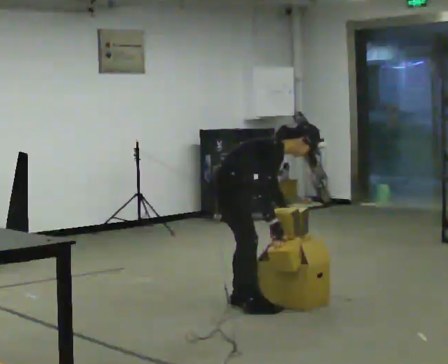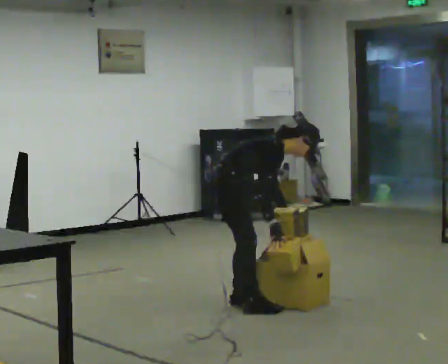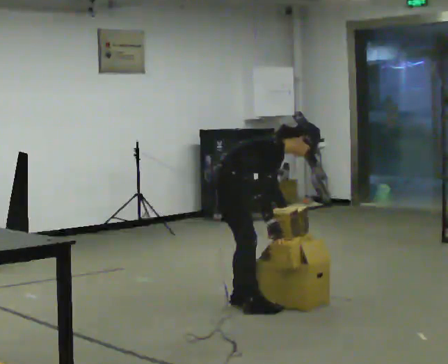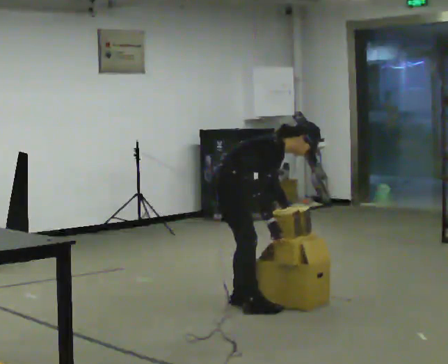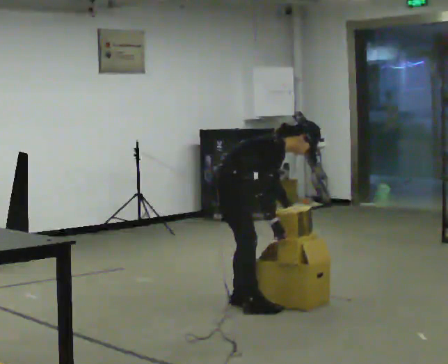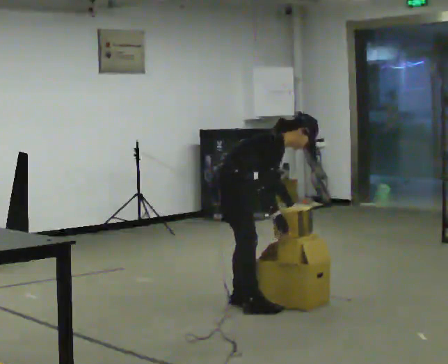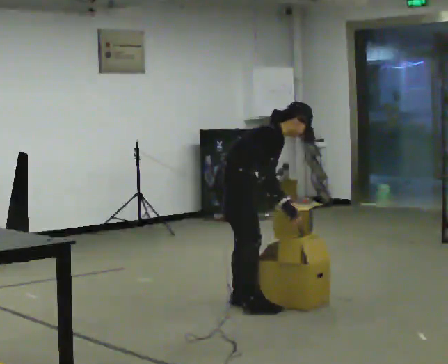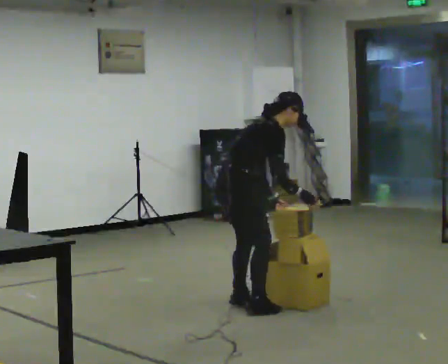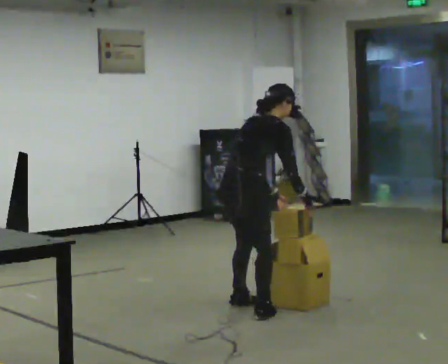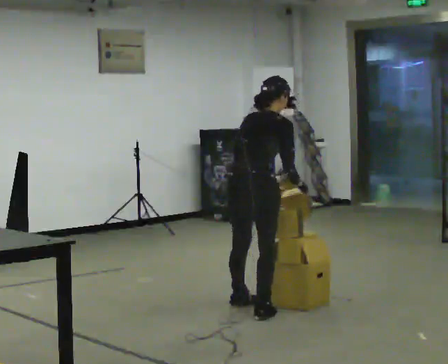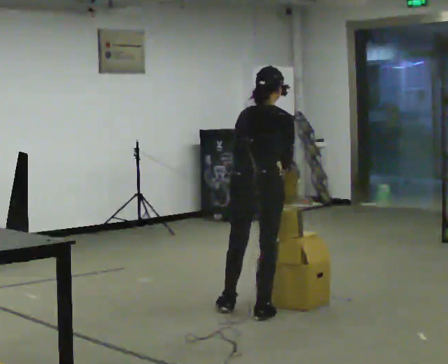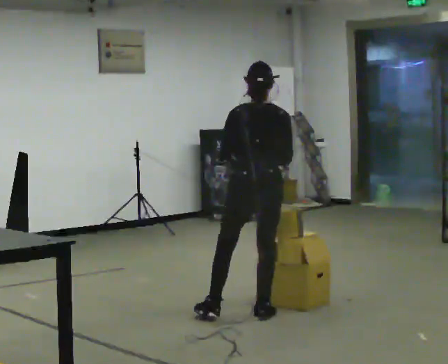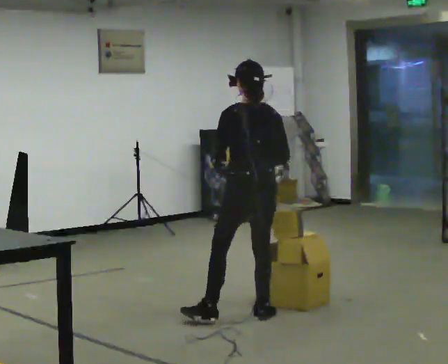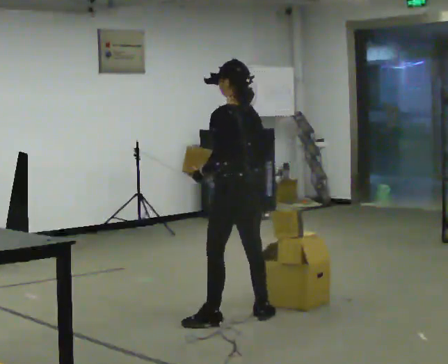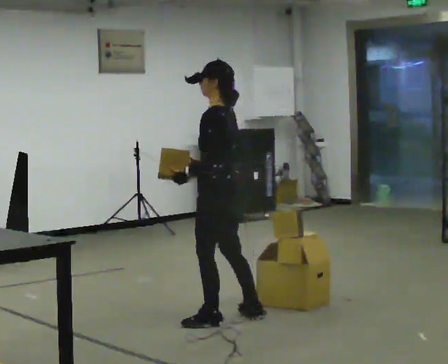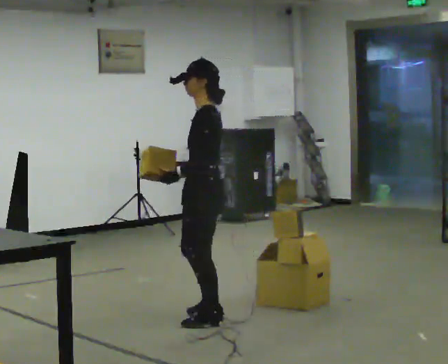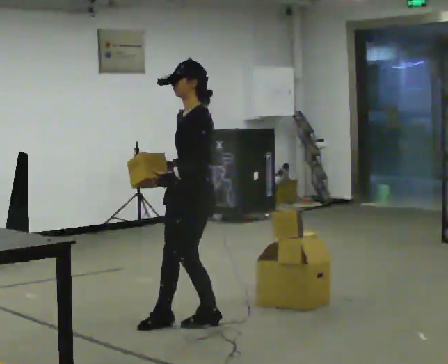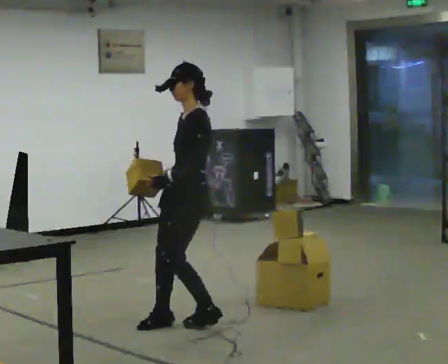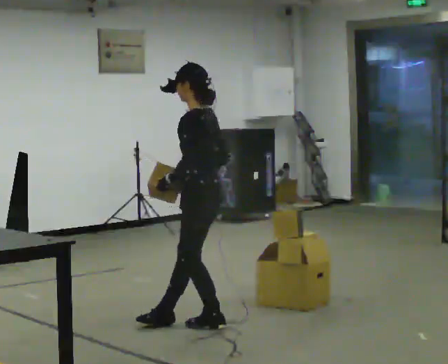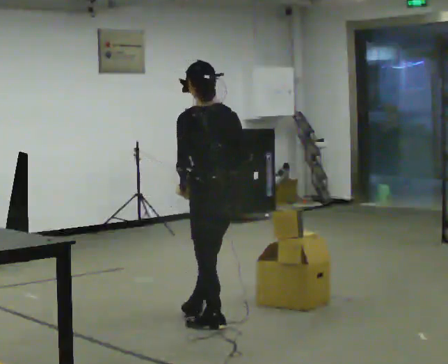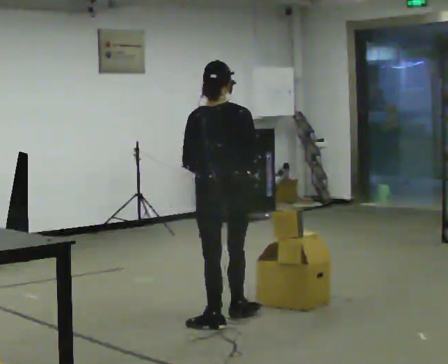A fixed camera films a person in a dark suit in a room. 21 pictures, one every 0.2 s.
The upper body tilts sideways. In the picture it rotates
counterclockwise.
The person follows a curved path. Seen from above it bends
clockwise.
0.0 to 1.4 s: In the picture the upper body tilts counterclockwise, shoulders to the left, as they lean back or straighten.
1.4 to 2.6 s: The part of the body nearest the lens slides to the right as the person turns to their left by about 120 degrees. In the picture they go toward the camera, about 0.25 m in 2 steps. In the picture the upper body tilts counterclockwise, shoulders to the left, as they lean back or straighten.
2.6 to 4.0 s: The part of the body nearest the lens slides to the left as the person turns to their right by about 60 degrees.
The film runs forward here.
